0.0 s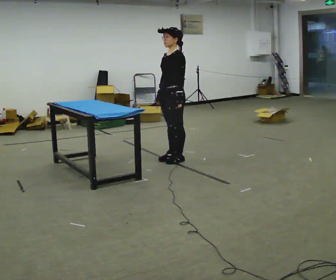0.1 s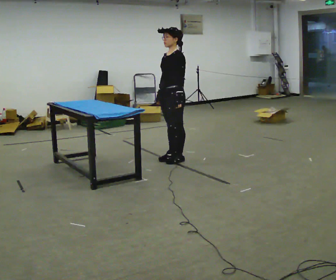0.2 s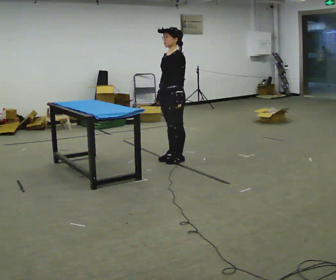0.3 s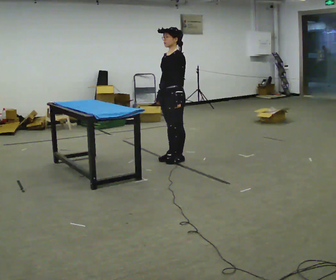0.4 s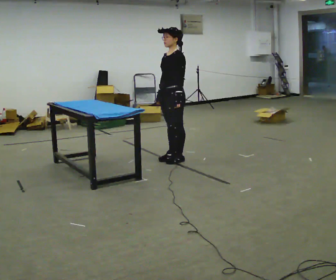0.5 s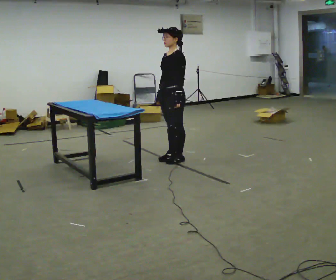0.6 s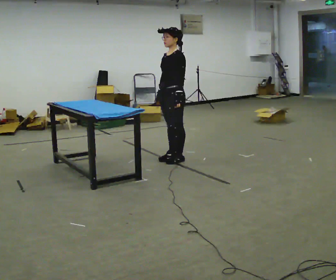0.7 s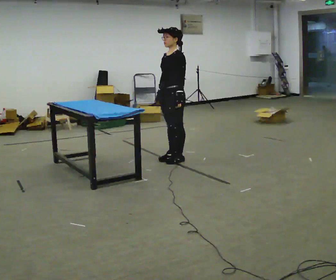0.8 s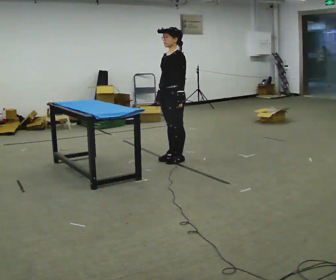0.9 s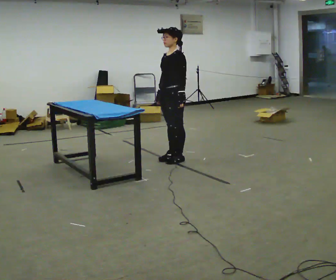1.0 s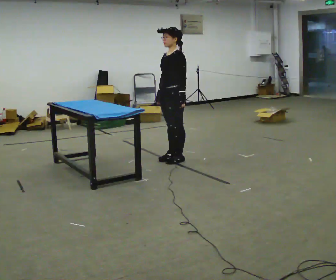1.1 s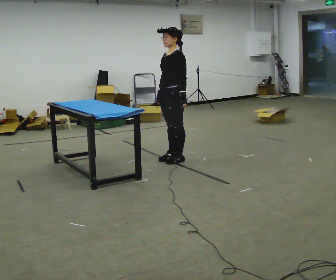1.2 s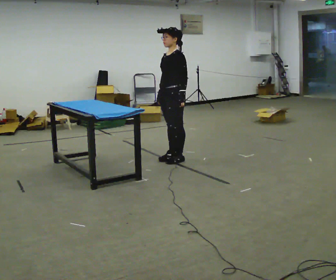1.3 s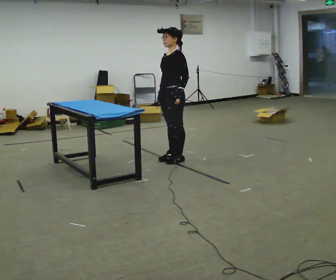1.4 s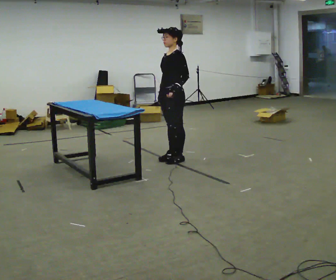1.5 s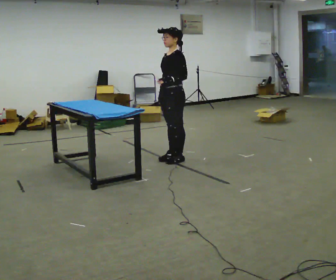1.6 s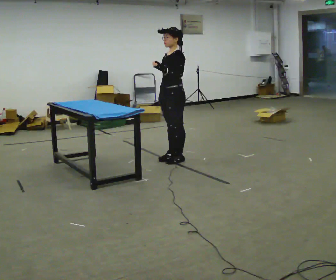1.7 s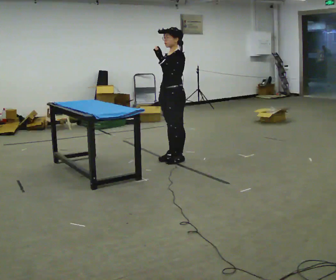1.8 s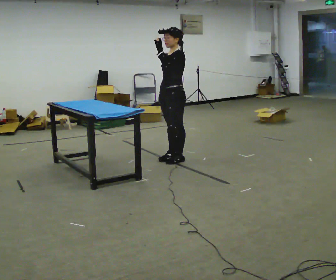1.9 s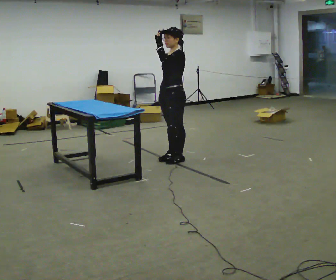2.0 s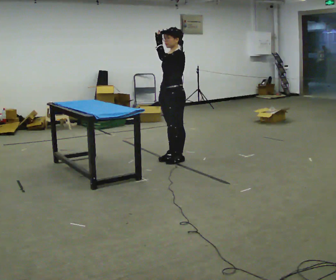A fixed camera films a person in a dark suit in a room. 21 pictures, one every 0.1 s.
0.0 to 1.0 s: The person moves a little, or ends about where they began.
1.0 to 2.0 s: In the picture their left hand goes upward.
The film runs backward here.
